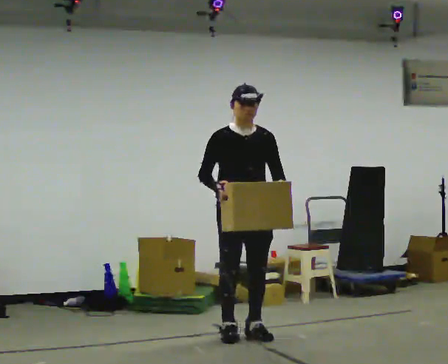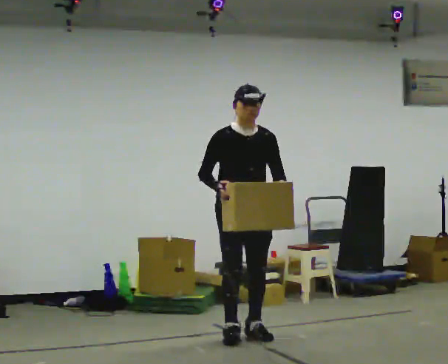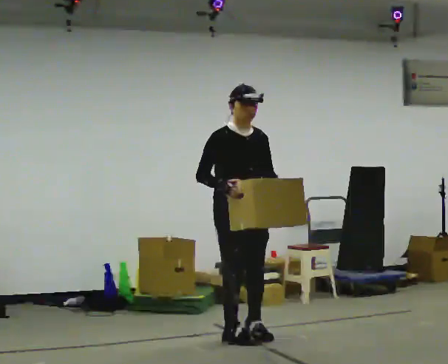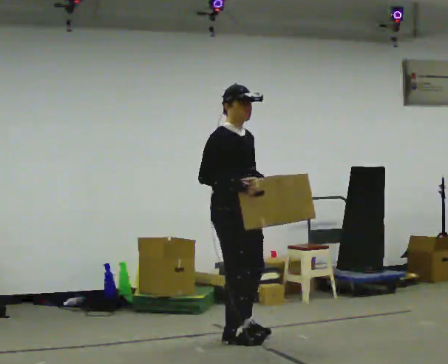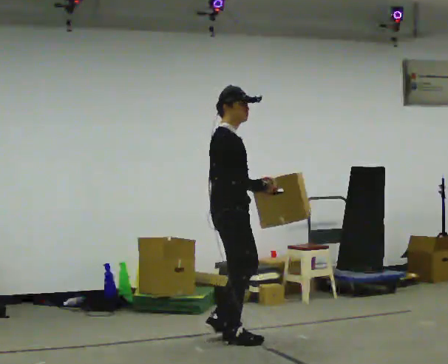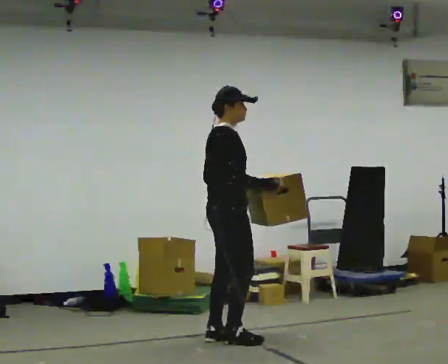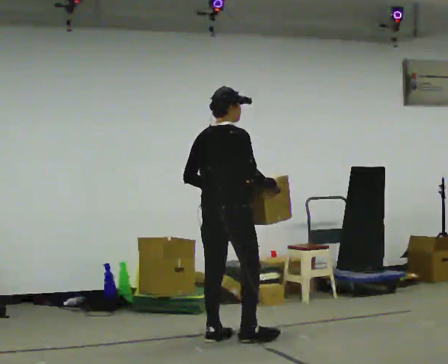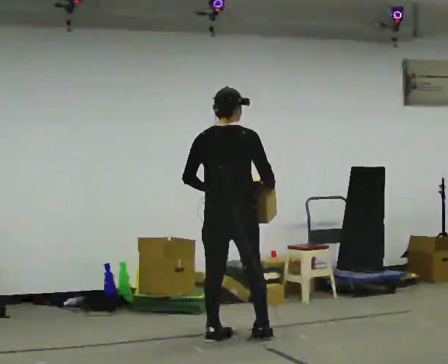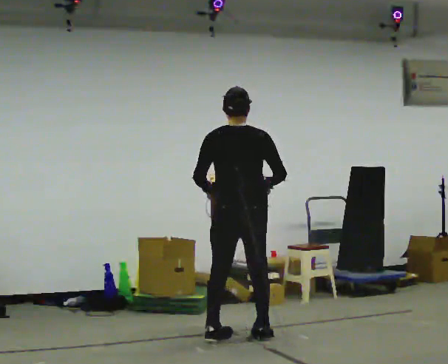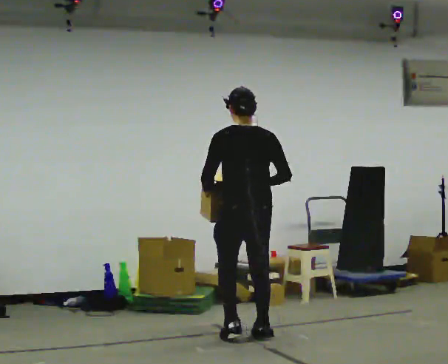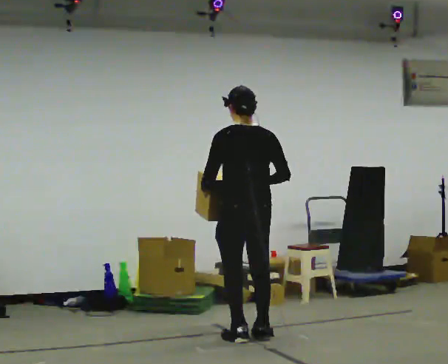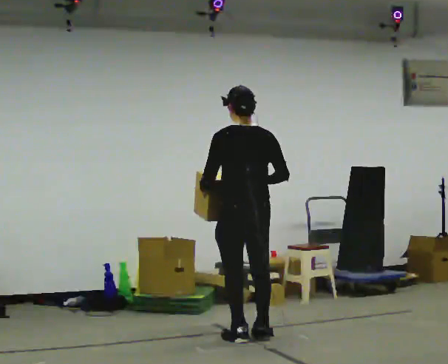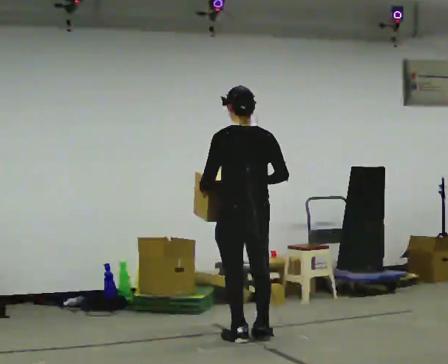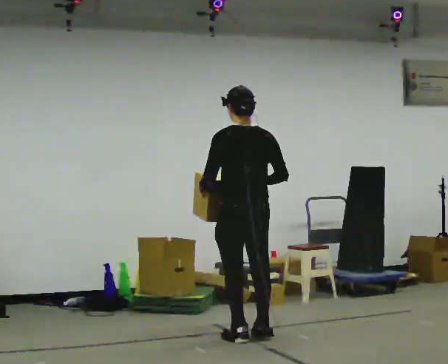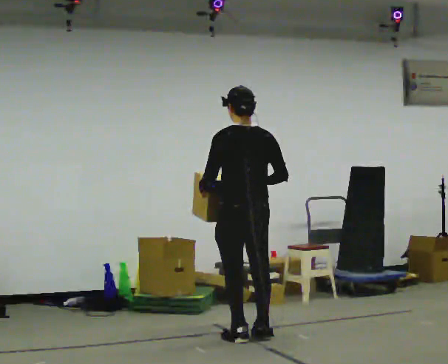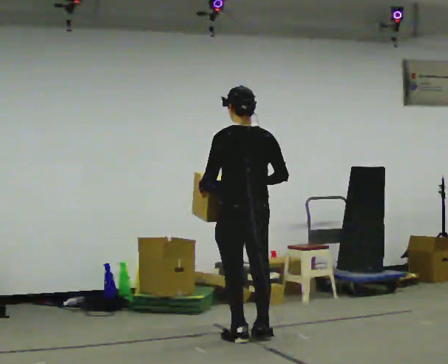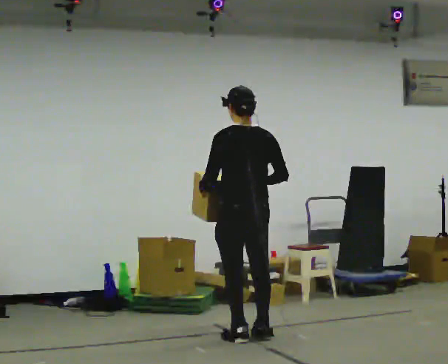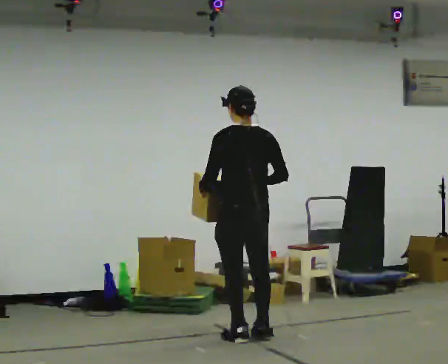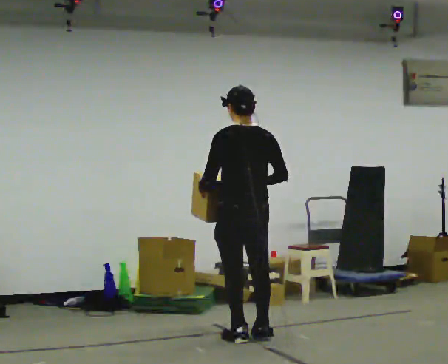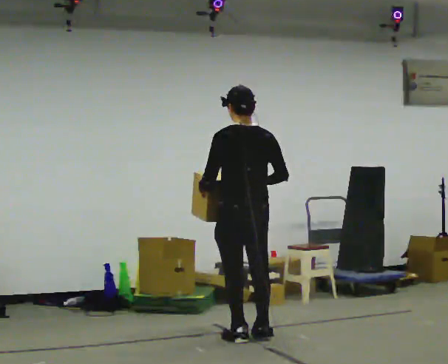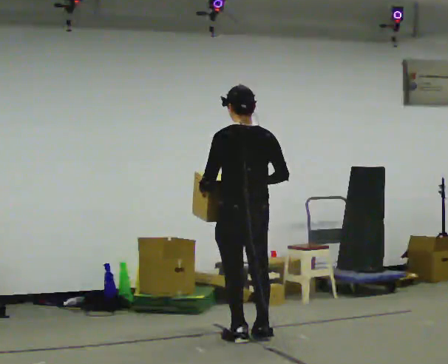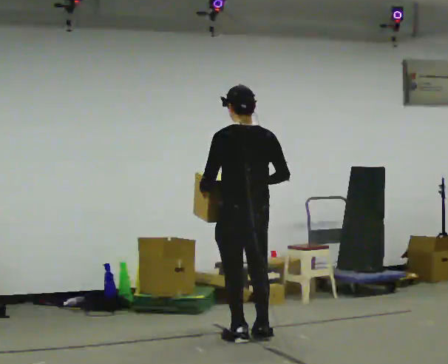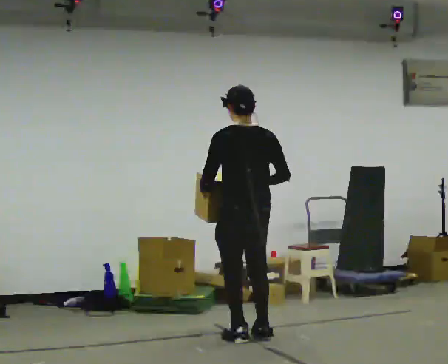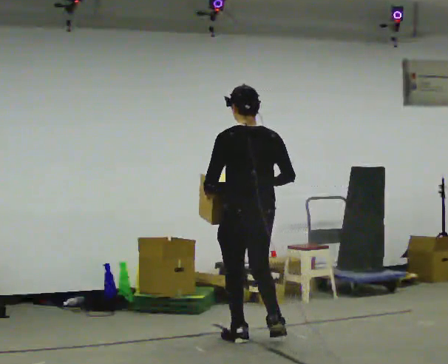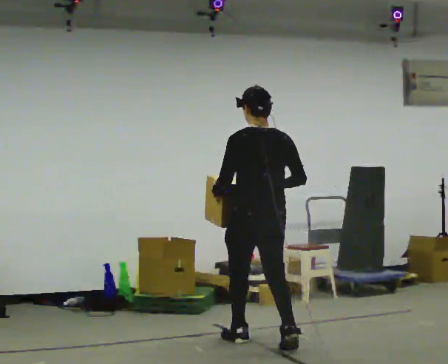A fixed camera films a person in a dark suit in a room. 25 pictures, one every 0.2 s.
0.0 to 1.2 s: The person turns about 120 degrees to their left, counterclockwise seen from above, so the part of the body nearest the lens slides to the right. In the picture their left hand goes to the left, the arm swinging clockwise.
1.2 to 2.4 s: The person turns about 60 degrees to their left, counterclockwise seen from above, so the part of the body nearest the lens slides to the right. In the picture they go to the right, about 0.25 m in 1 step.
2.4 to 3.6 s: The person keeps their place and pose.
3.6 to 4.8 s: In the picture they go toward the camera, about 0.25 m in 1 step, which for them is backward.
The film runs backward here.
